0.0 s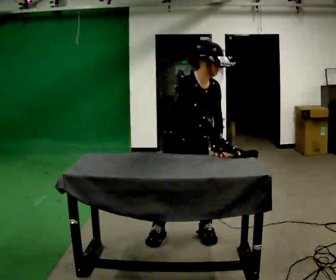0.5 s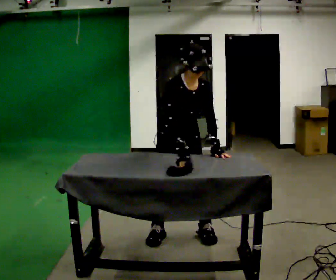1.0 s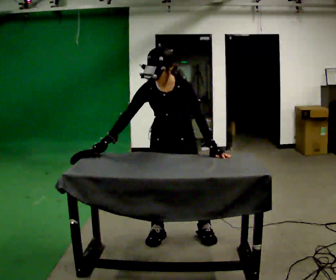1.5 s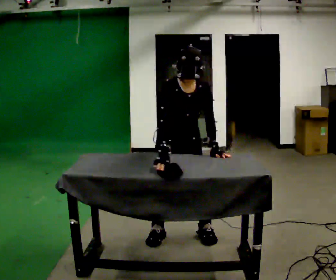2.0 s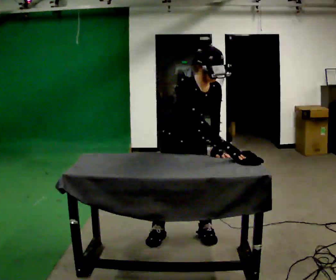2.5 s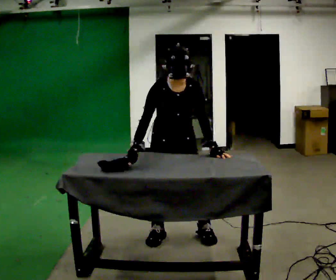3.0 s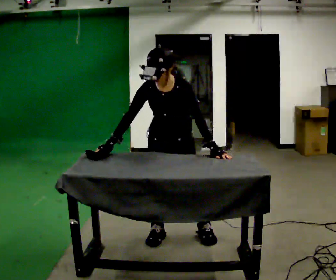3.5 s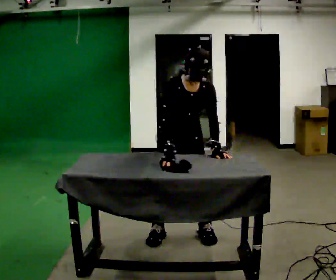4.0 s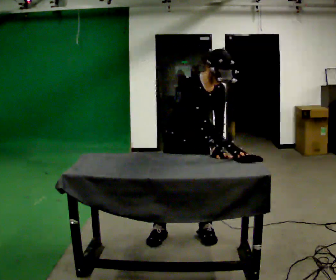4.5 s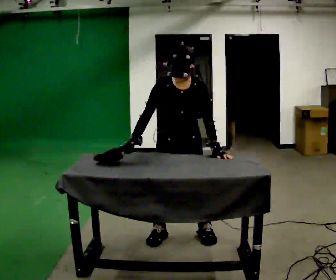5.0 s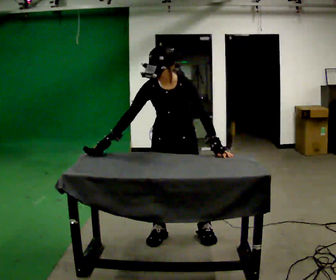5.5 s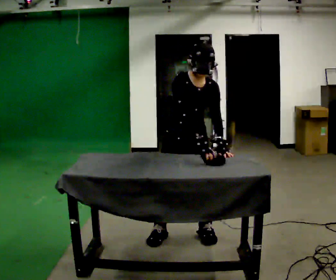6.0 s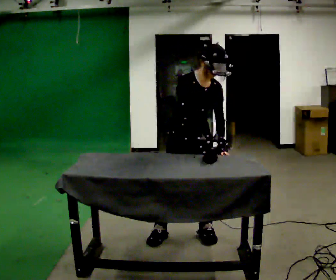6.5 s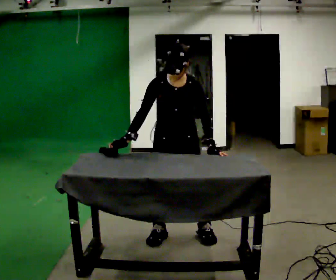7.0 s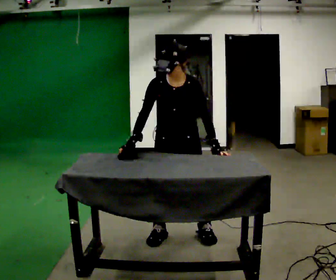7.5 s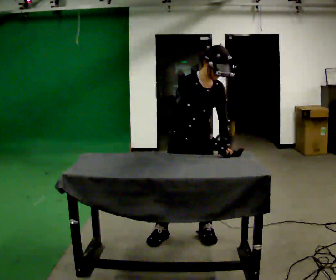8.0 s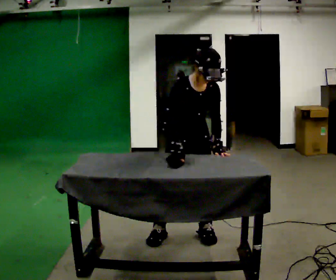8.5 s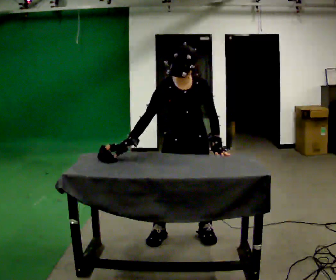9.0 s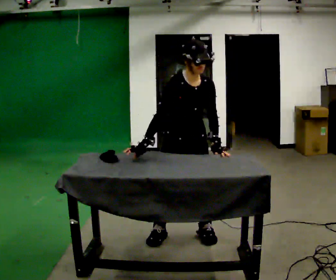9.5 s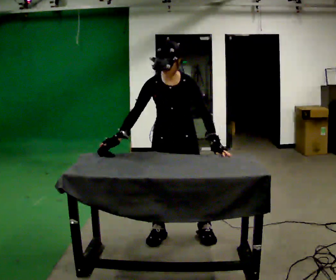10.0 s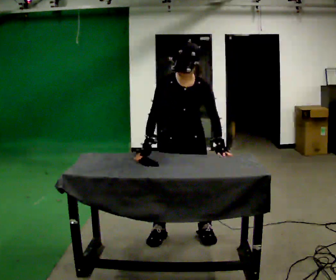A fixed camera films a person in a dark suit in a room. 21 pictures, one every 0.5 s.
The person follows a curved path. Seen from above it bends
counterclockwise.
0.0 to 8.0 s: The person moves a little, or ends about where they began.
8.0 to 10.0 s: The person turns about 30 degrees to their right, clockwise seen from above, so the part of the body nearest the lens slides to the left. In the picture their right hand goes to the left.
The film runs backward here.
